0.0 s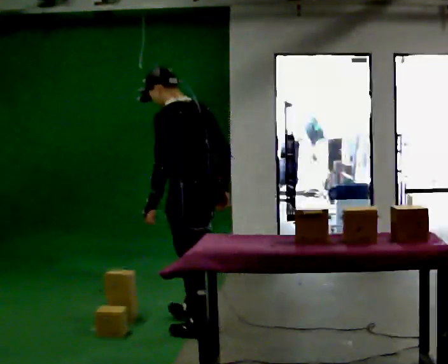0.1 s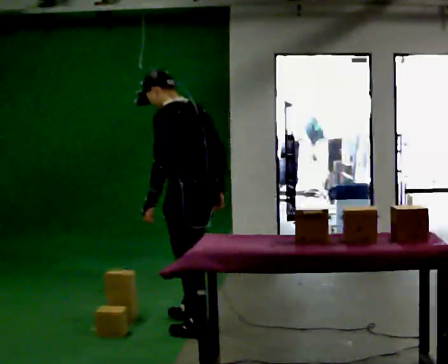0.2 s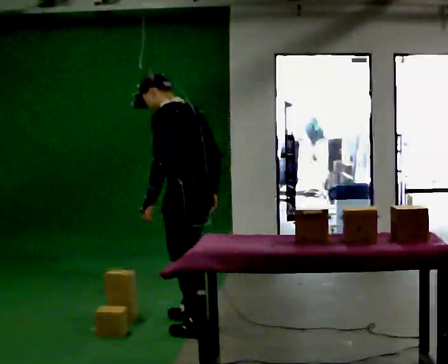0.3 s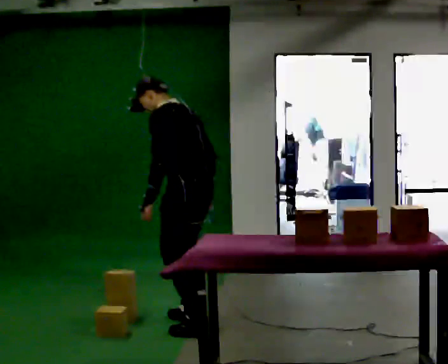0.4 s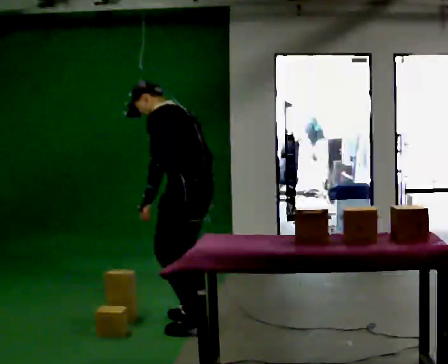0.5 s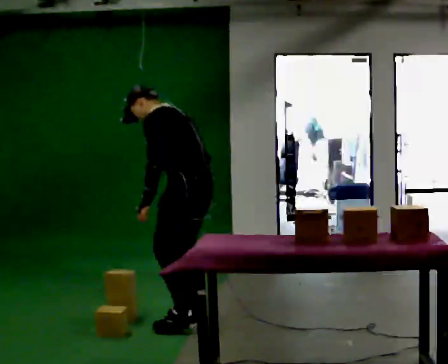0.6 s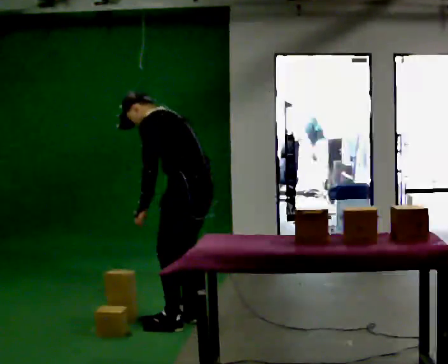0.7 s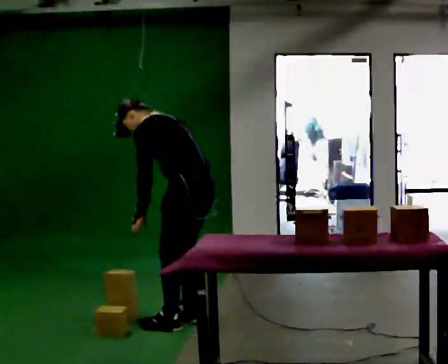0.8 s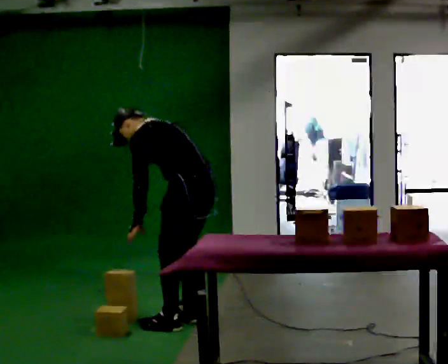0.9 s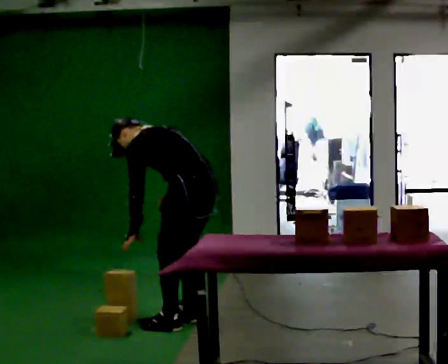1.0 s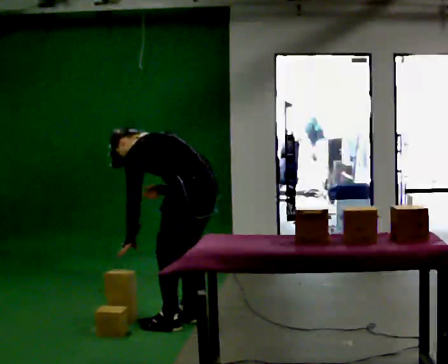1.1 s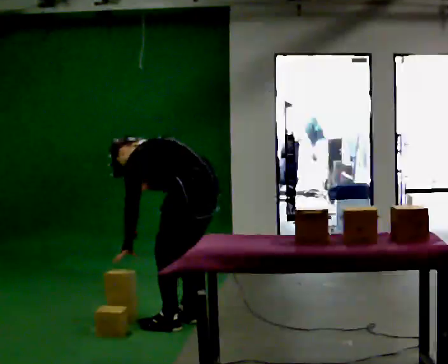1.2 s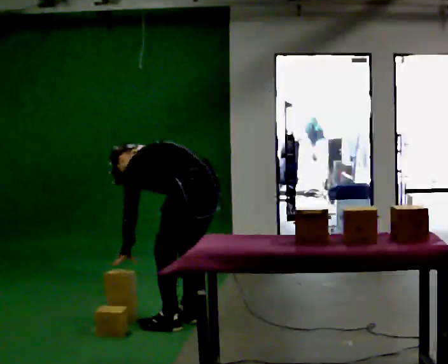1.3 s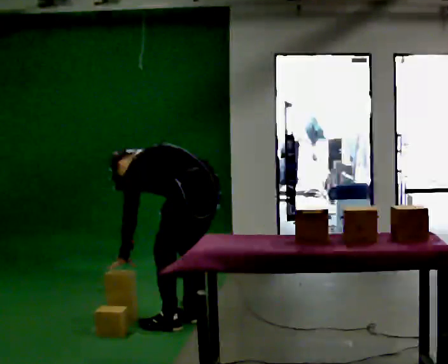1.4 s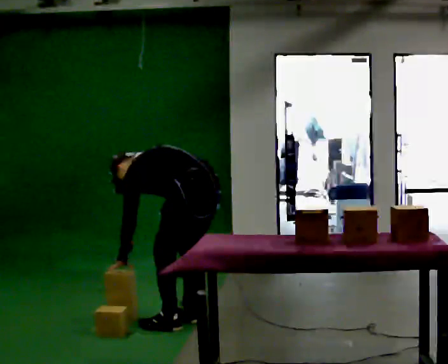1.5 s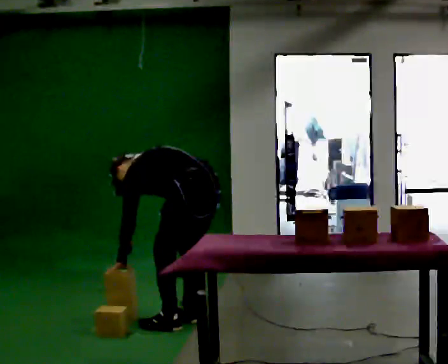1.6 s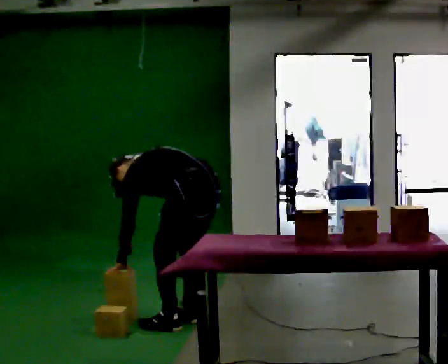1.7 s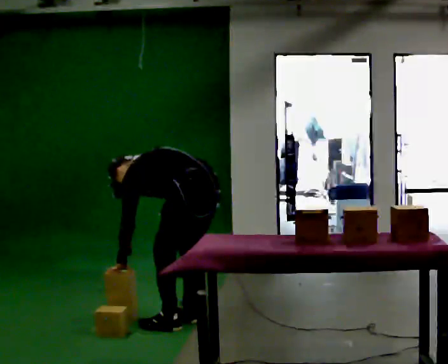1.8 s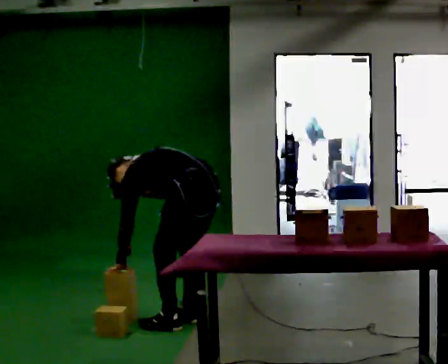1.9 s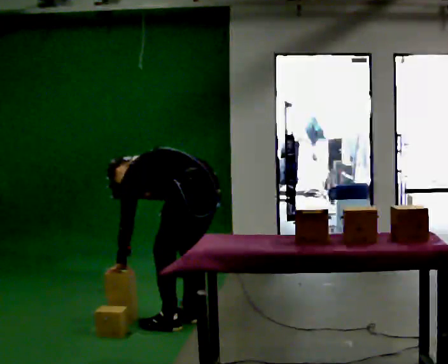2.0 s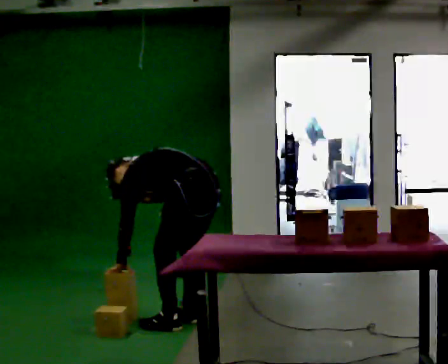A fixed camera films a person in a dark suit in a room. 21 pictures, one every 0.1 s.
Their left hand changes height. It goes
downward.
The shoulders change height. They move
downward.
0.0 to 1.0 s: The upper body goes downward. In the picture the upper body tilts counterclockwise, shoulders to the left, as they bend forward. In the picture their right hand goes to the left.
1.0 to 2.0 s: In the picture the upper body tilts counterclockwise, shoulders to the left, as they bend forward.
The film runs forward here.
